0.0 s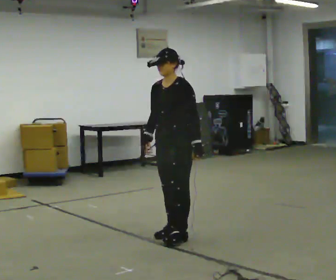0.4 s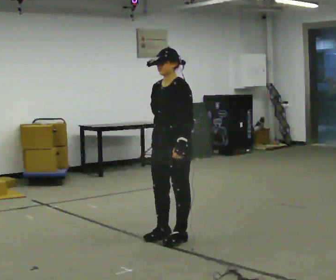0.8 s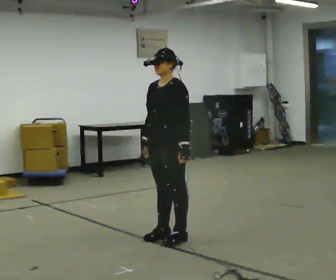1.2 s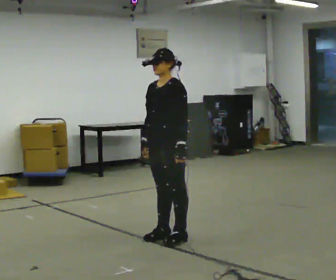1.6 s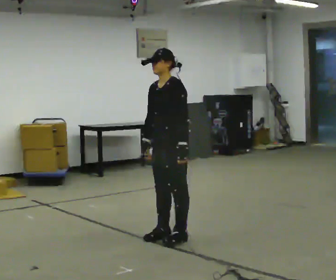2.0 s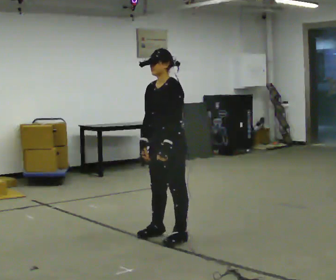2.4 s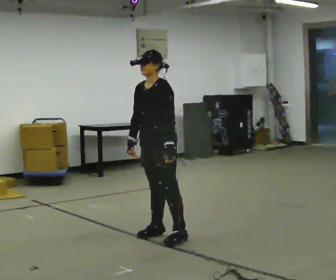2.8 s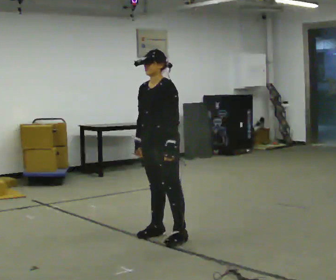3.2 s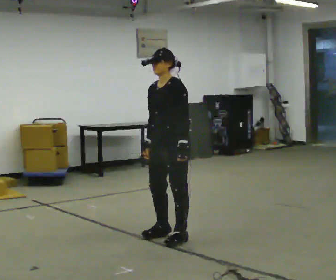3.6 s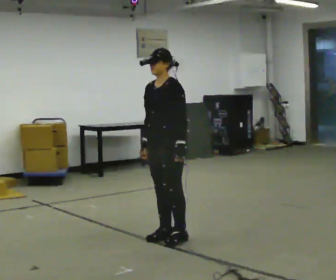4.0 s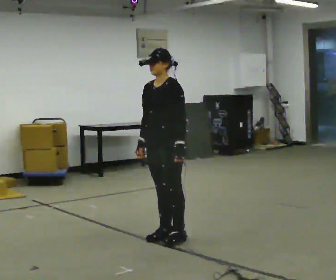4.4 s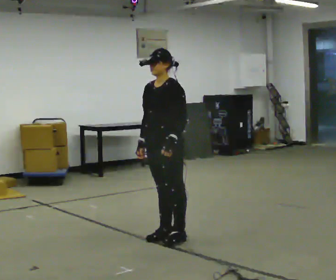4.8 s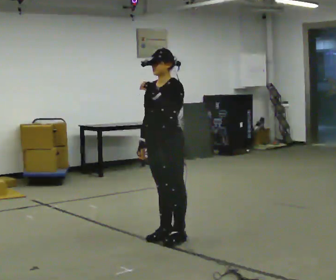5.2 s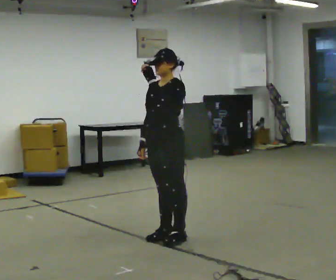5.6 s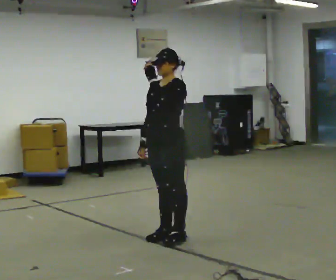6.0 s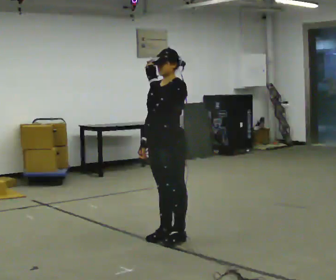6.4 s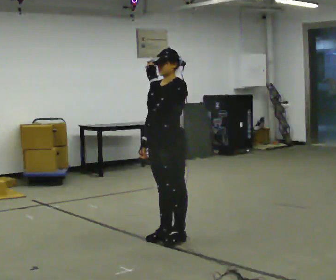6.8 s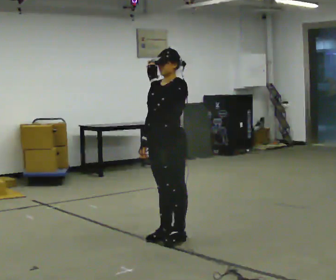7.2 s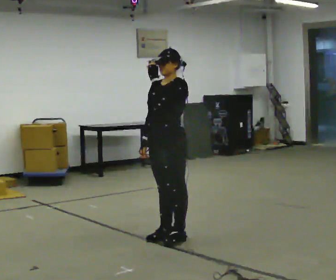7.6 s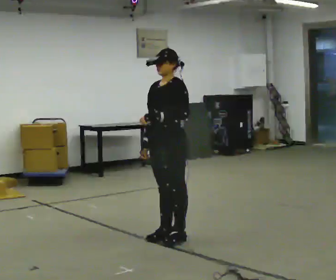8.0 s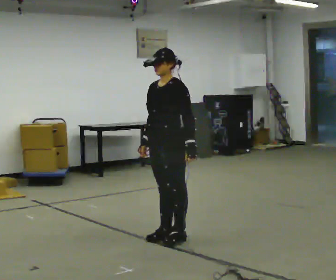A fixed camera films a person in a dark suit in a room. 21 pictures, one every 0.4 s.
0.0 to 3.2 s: The person moves a little, or ends about where they began.
3.2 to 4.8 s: In the picture their left hand goes upward.
4.8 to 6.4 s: The person moves a little, or ends about where they began.
6.4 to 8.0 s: In the picture their left hand goes downward and to the right.
The film runs forward here.
